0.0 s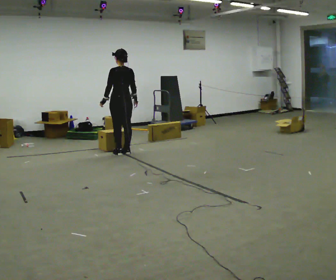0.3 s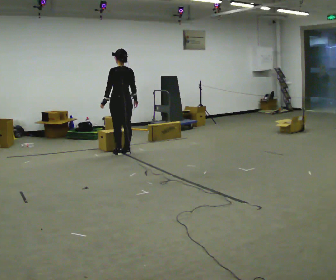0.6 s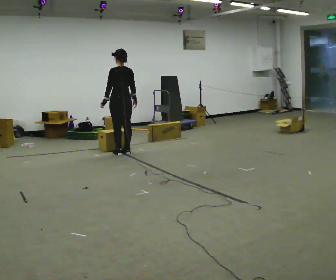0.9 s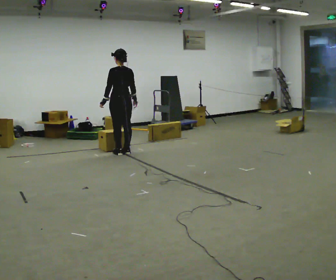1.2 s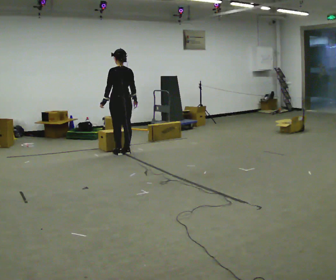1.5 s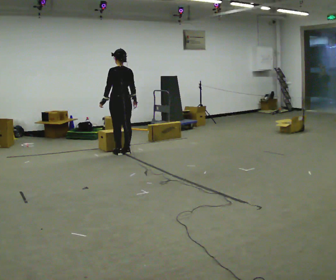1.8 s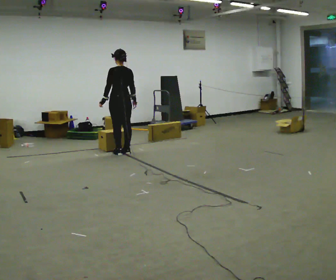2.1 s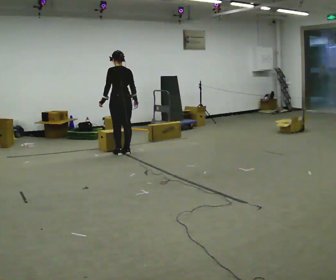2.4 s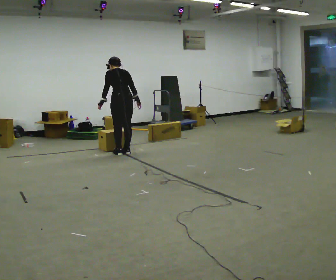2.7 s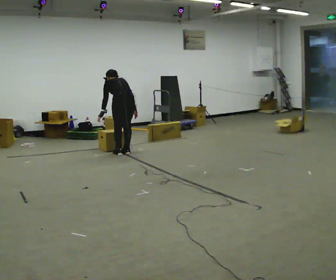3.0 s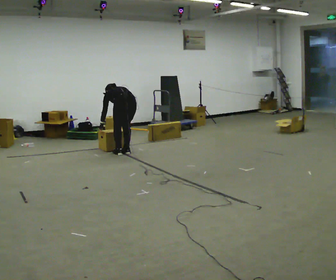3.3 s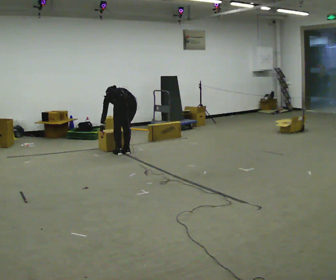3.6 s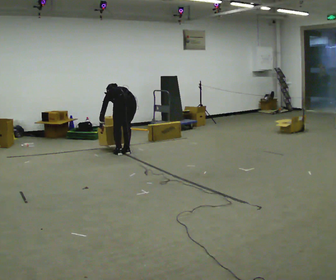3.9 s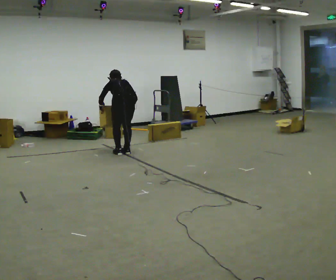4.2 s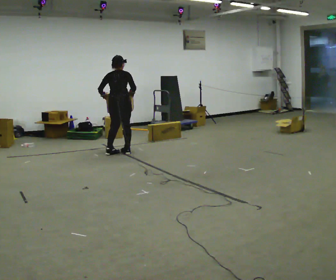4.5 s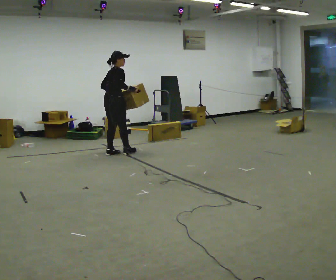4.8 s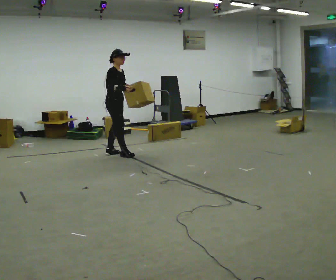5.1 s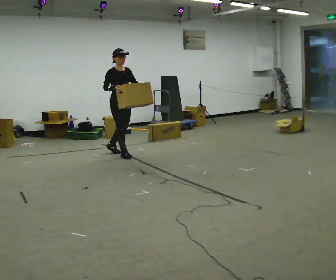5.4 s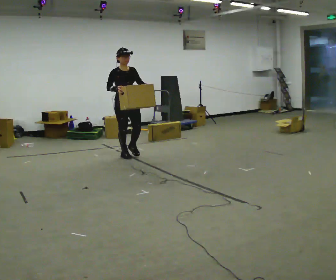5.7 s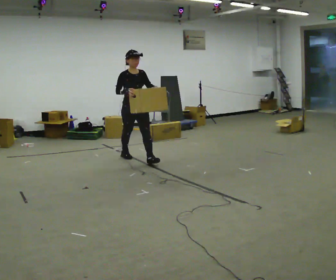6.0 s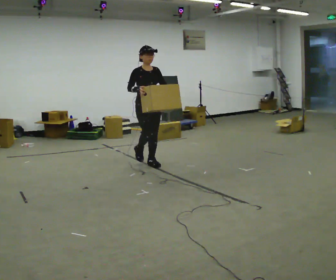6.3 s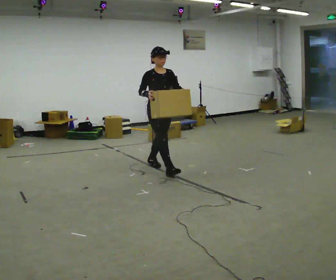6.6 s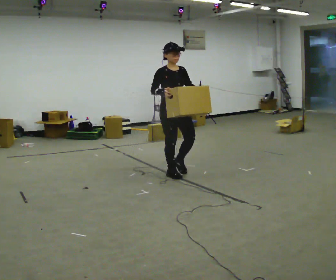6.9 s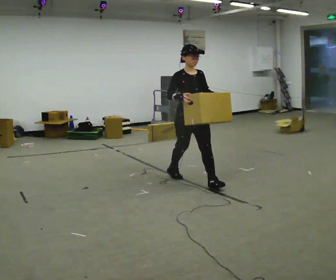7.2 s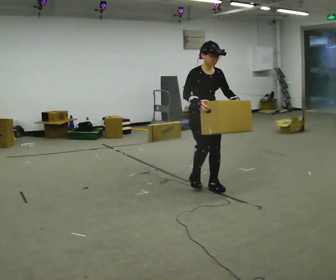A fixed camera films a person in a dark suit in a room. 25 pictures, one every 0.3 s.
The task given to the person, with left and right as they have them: Carry the box across the room as briskly as you comfortably can, back and forth. Do not run.
0.0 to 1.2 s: The person moves a little, or ends about where they began.
1.2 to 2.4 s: The upper body tips away from the camera, its near side rolling upward, as they bend forward.
2.4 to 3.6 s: The upper body goes downward. The upper body tips away from the camera, its near side rolling upward, as they bend forward. In the picture their right hand goes downward.
3.6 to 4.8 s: The part of the body nearest the lens slides to the left as the person turns to their right by about 135 degrees. In the picture they go to the left, about 0.25 m in 1 step. The shoulders move upward. The upper body tips toward the camera, its near side rolling downward, as they lean back or straighten. In the picture their left hand goes upward and to the right.
4.8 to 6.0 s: The person turns about 45 degrees to their right, clockwise seen from above, so the part of the body nearest the lens slides to the left. In the picture they go toward the camera and to the right, about 1 m in 2 steps, which for them is forward.
6.0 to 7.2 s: In the picture they go toward the camera and to the right, about 1 m in 2 steps, which for them is forward.
The film runs forward here.
